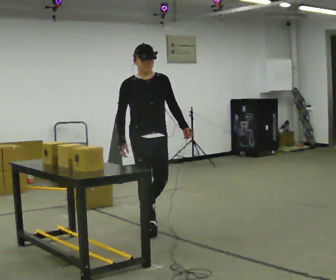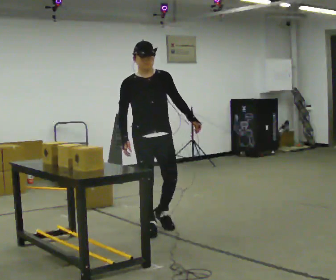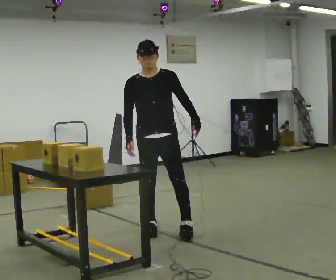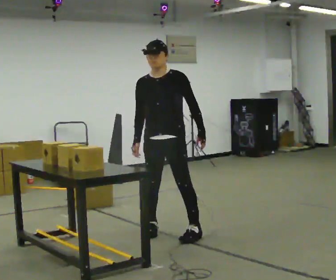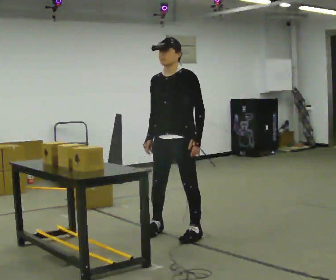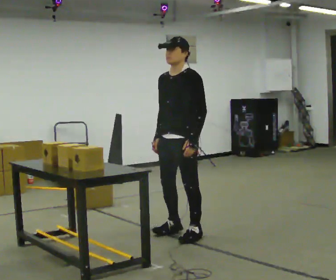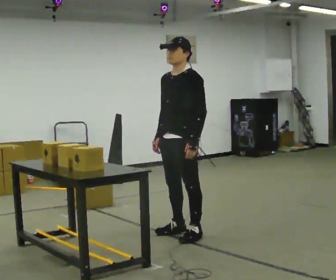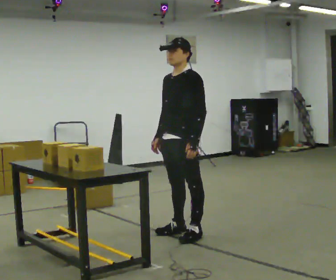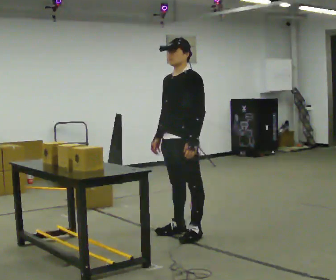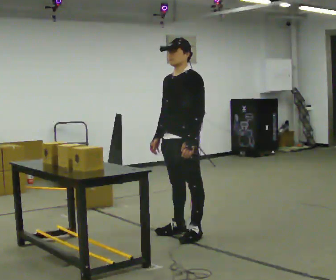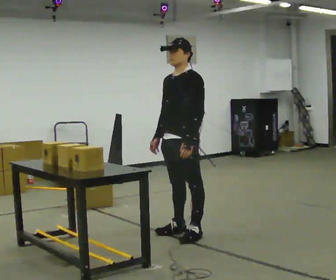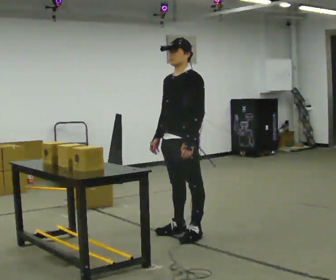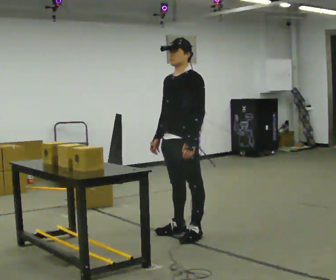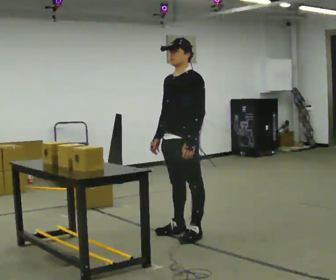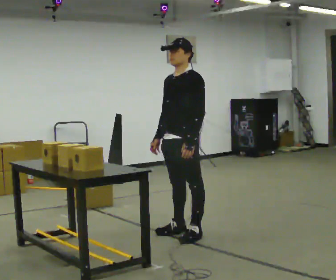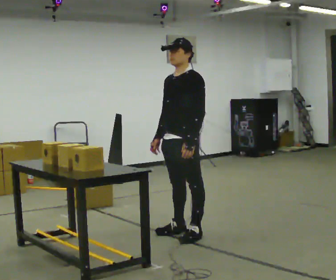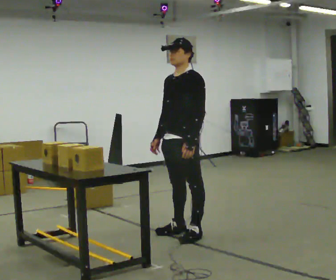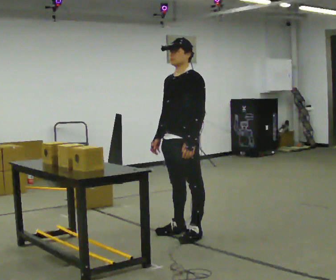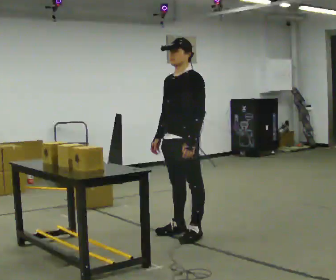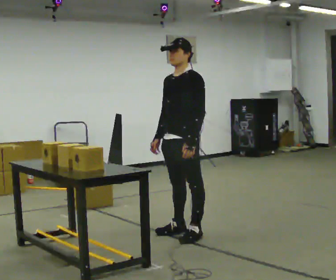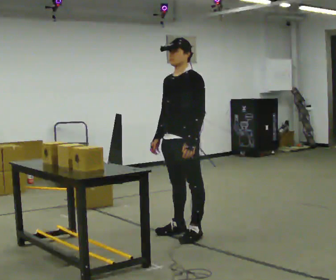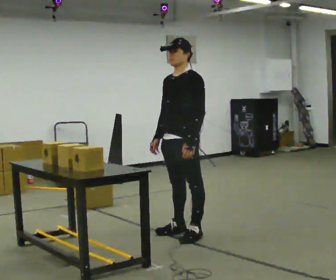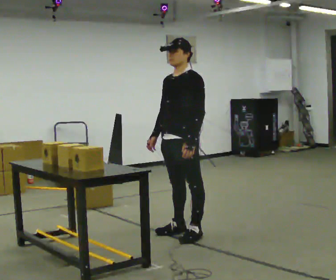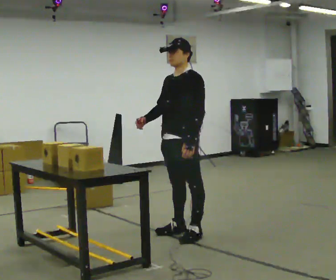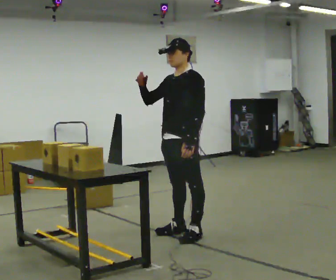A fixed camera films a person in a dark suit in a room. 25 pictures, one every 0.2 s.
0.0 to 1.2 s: Seen from above the body turns clockwise, about 75 degrees: to their right, with its near side sliding to the left. In the picture they go to the right and toward the camera, about 0.5 m in 2 steps.
1.2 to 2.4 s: The person moves a little, or ends about where they began.
2.4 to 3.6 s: The person keeps their place and pose.
3.6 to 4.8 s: In the picture their right hand goes upward, the arm swinging clockwise.
The film runs forward here.
